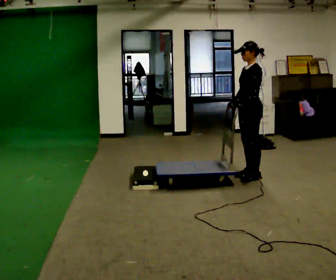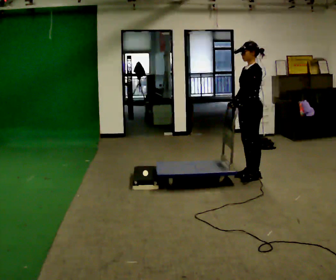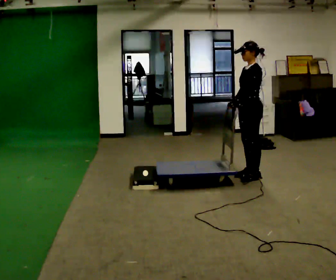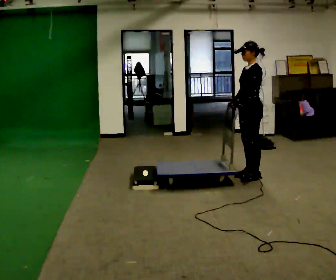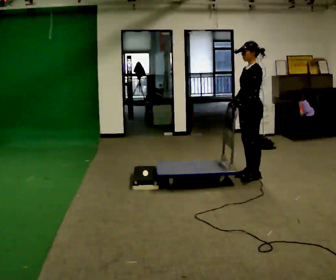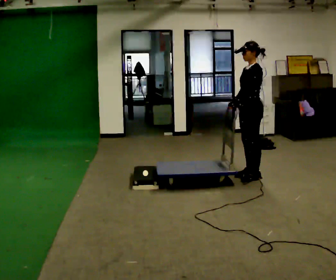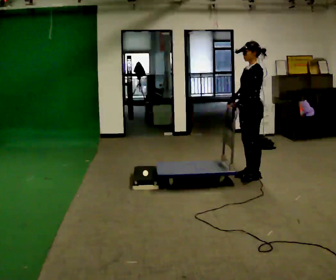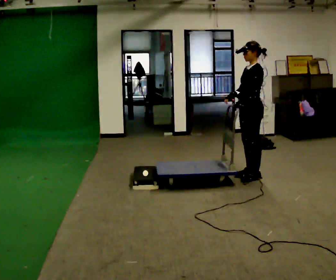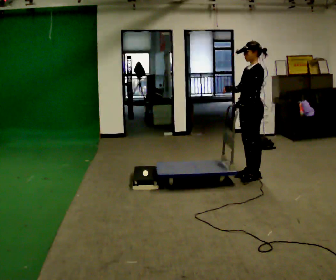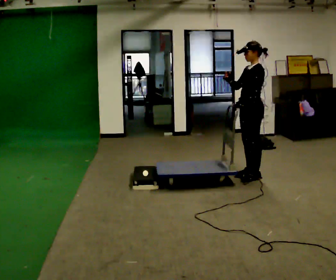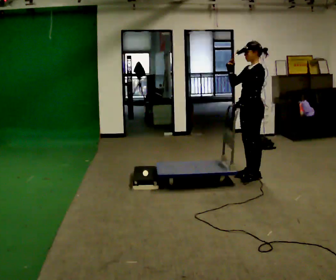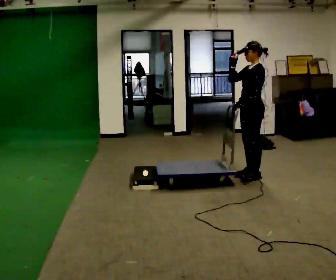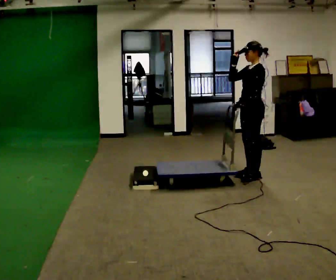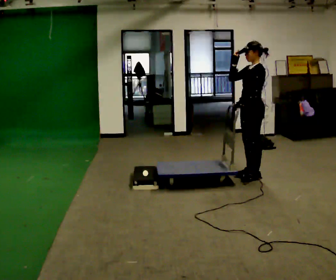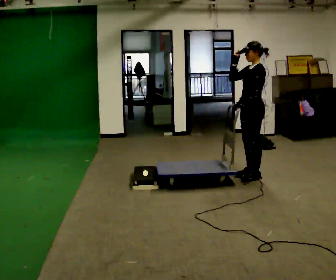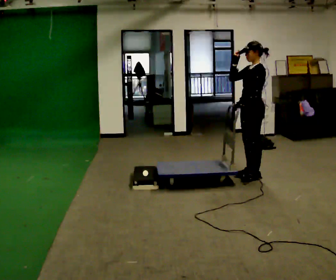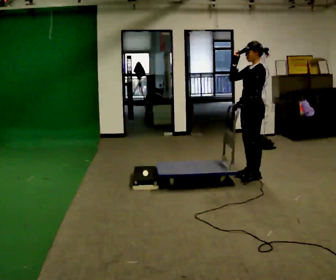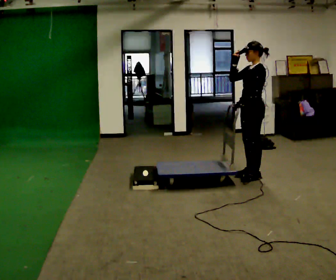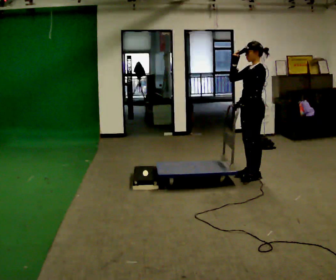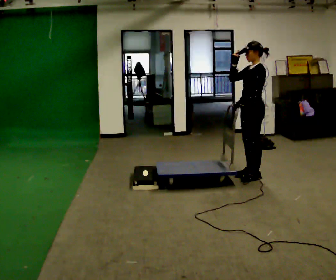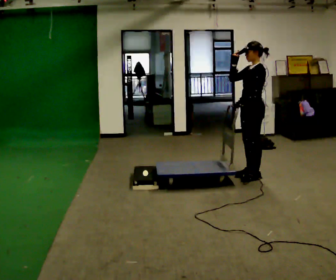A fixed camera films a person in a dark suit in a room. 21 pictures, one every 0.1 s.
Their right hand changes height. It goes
upward.
0.0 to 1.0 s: In the picture their right hand goes upward.
1.0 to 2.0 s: The person moves a little, or ends about where they began.
The film runs backward here.
